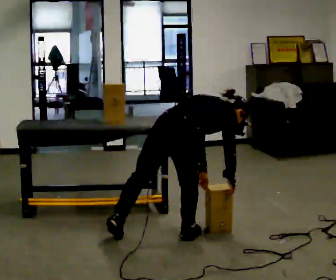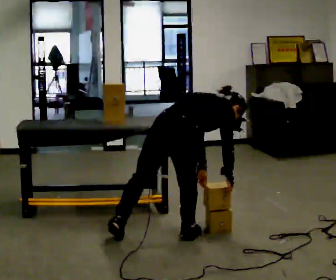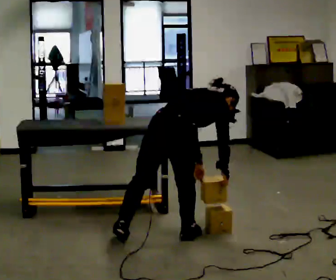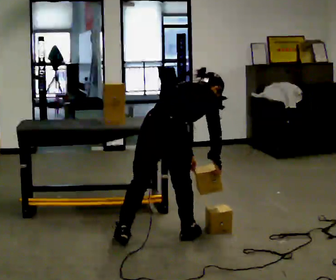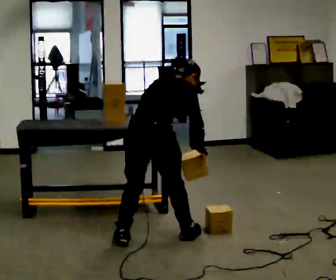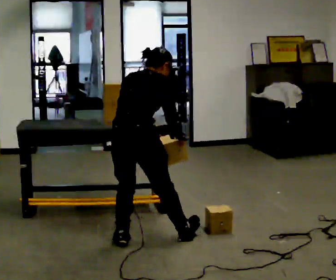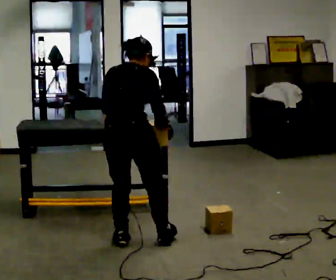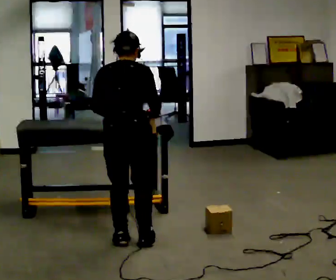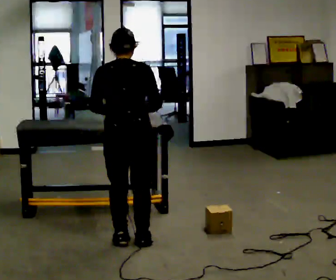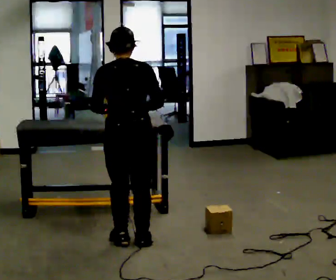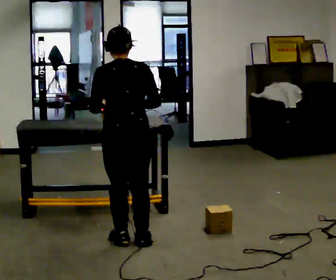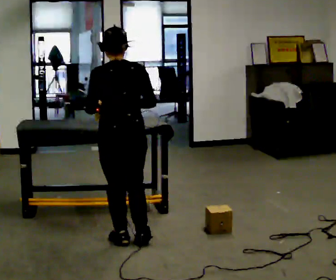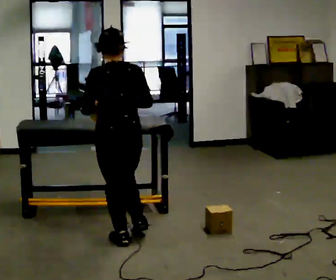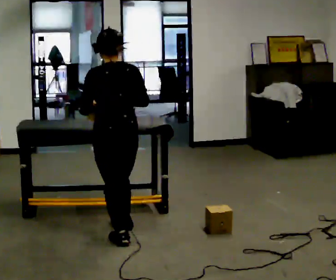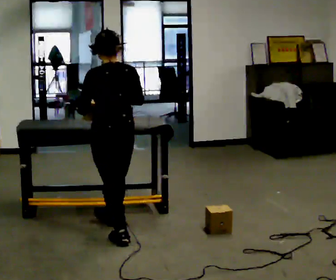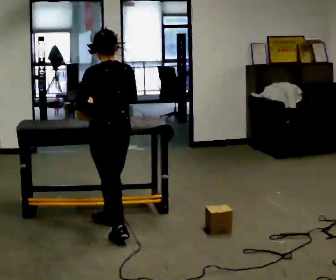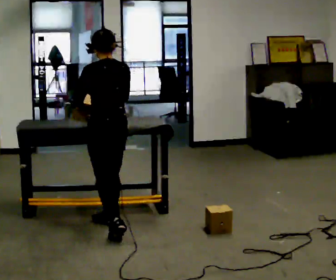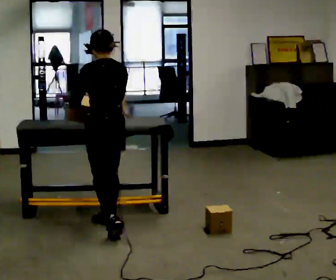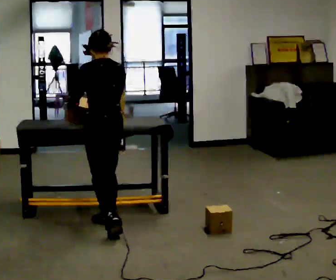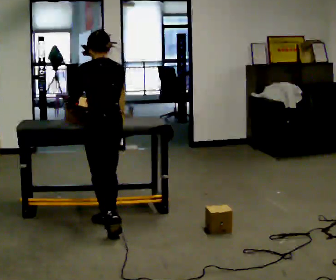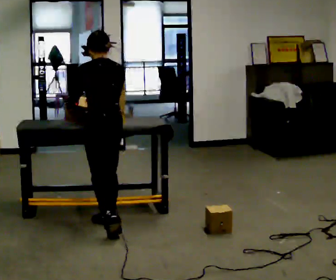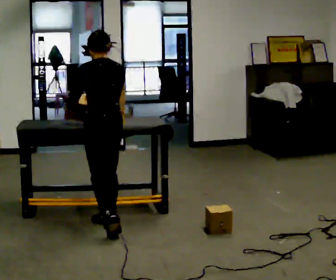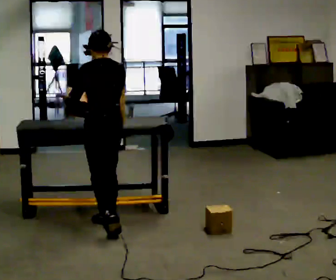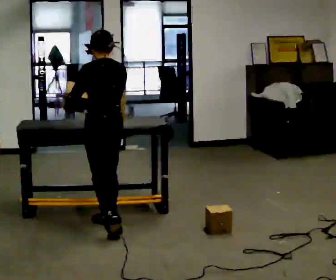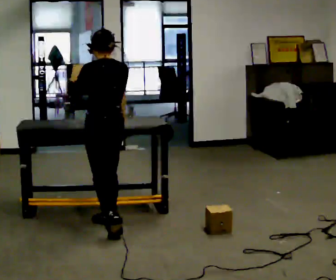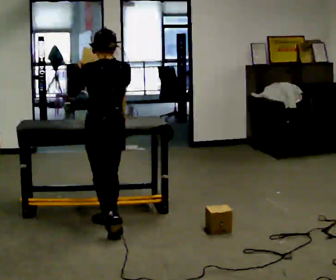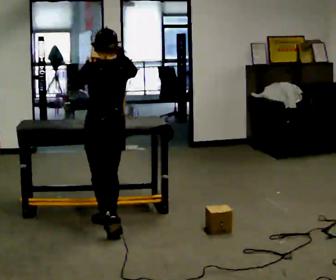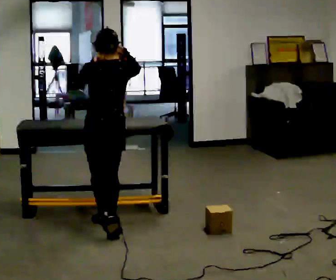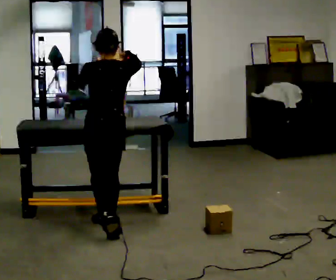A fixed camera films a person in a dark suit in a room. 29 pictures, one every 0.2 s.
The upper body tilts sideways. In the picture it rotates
counterclockwise.
Their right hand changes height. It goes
upward.
0.0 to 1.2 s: The part of the body nearest the lens slides to the right as the person turns to their left by about 30 degrees. In the picture they go to the left, about 0.25 m, which for them is to their left and backward. The upper body goes upward. In the picture the upper body tilts counterclockwise, shoulders to the left, as they lean back or straighten. In the picture their right hand goes upward.
1.2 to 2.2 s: The person turns about 30 degrees to their left, counterclockwise seen from above, so the part of the body nearest the lens slides to the right. The upper body tips toward the camera, its near side rolling downward, as they lean back or straighten.
2.2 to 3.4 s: In the picture they go away from the camera, about 0.25 m in 1 step, which for them is forward.
3.4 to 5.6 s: In the picture their right hand goes upward.
The film runs forward here.
